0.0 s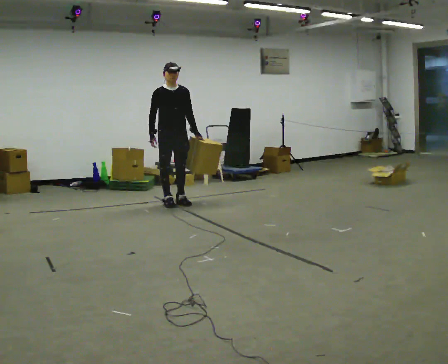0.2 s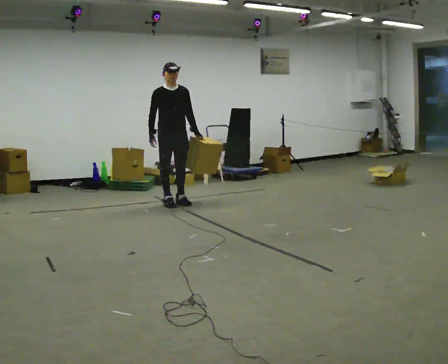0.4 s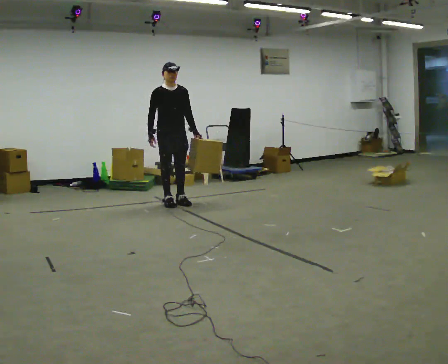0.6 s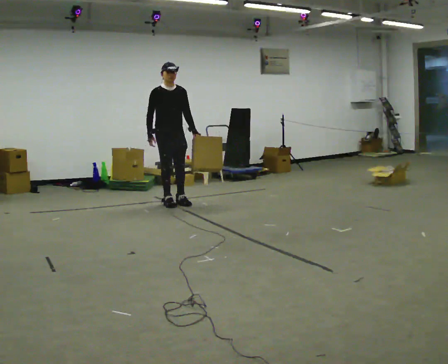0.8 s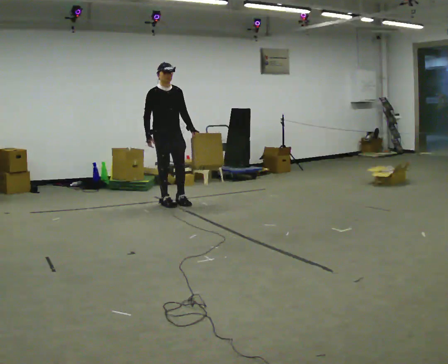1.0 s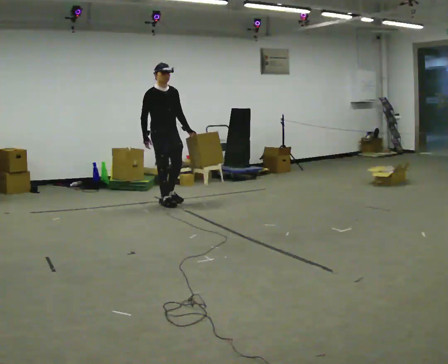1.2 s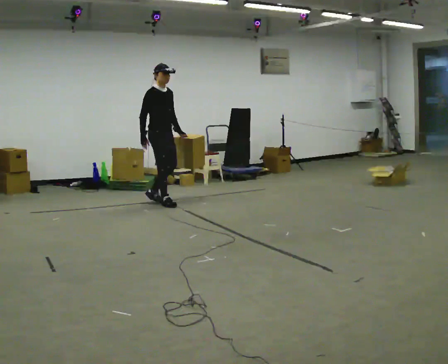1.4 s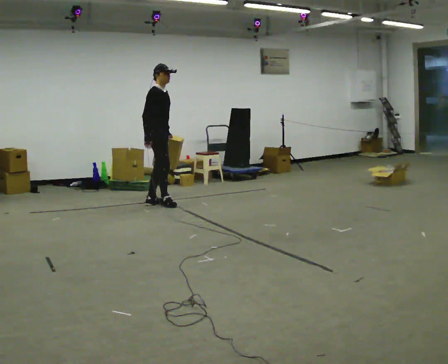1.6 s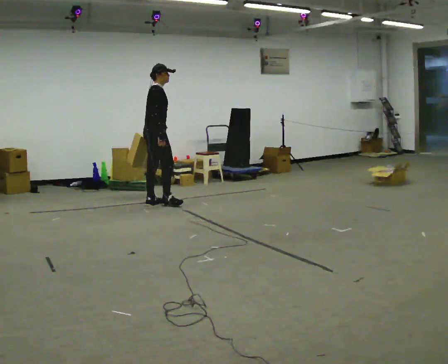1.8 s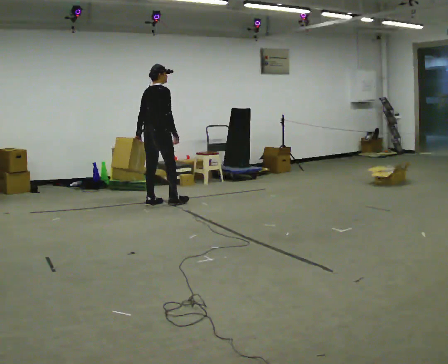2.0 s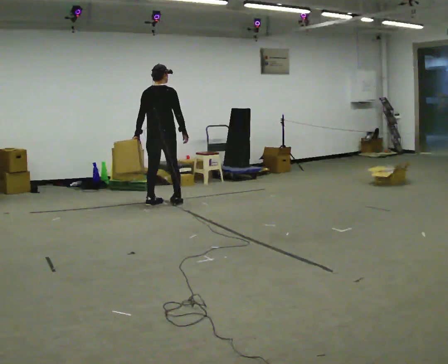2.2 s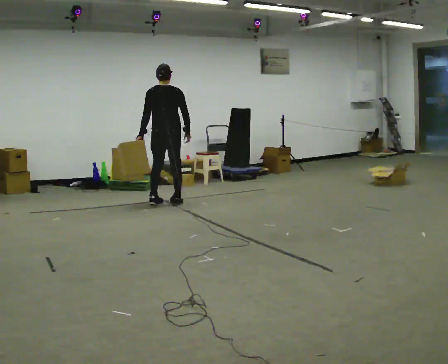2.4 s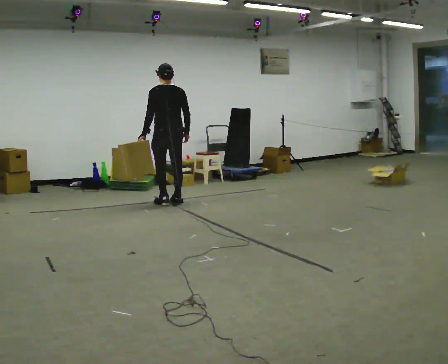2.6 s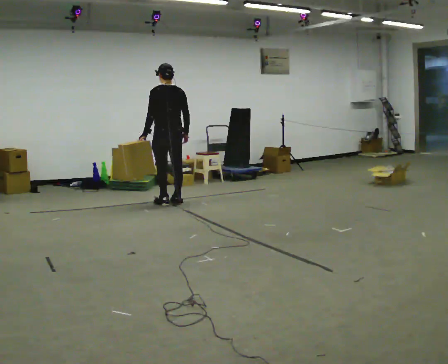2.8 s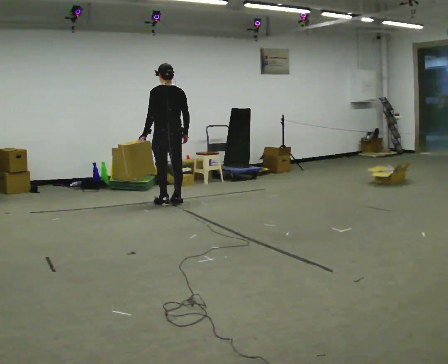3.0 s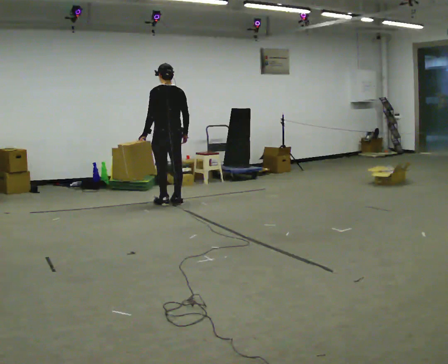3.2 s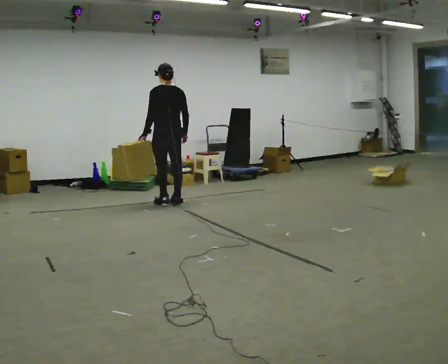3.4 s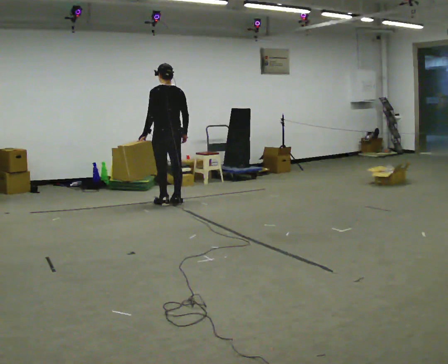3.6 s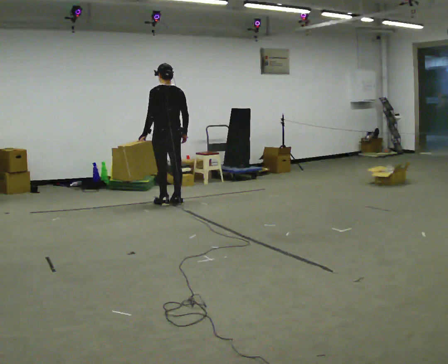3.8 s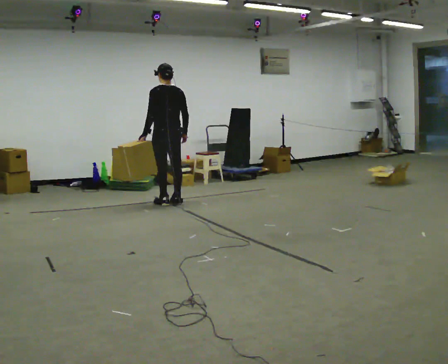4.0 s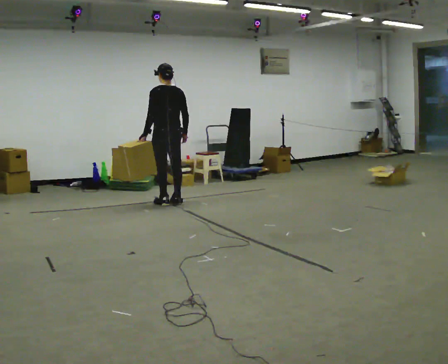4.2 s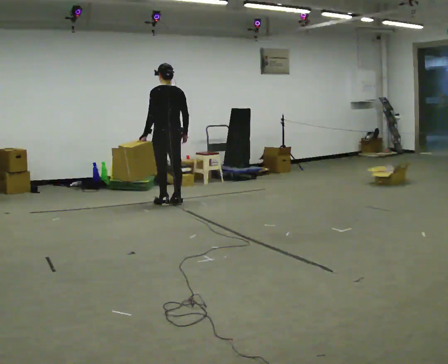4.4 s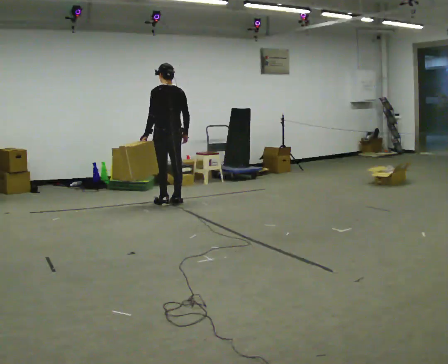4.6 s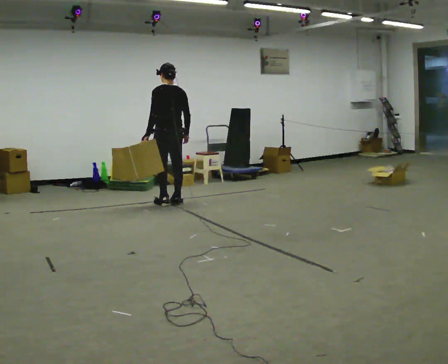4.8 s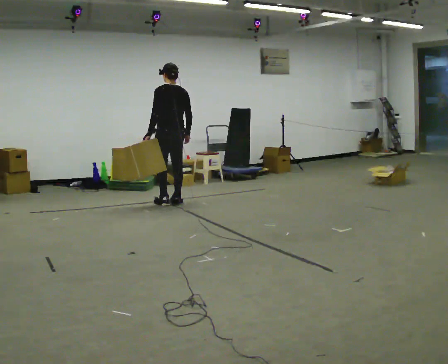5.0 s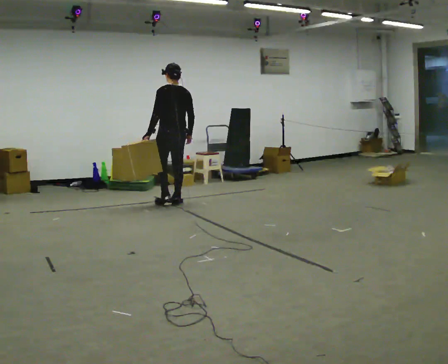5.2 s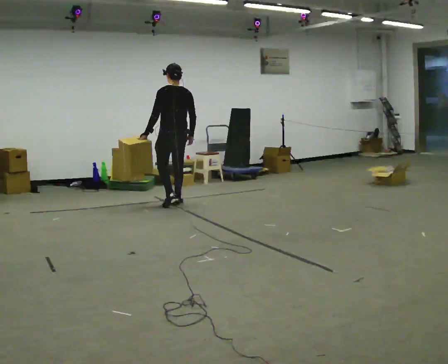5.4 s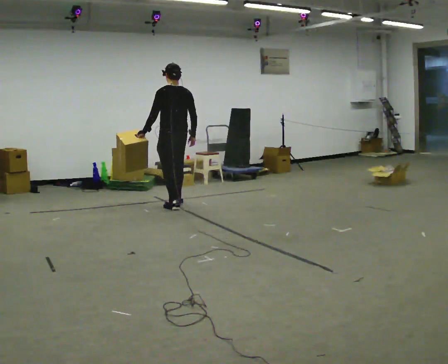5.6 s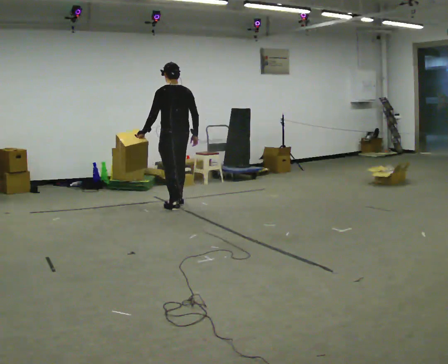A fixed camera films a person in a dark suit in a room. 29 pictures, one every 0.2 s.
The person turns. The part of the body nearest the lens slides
to the right.
Their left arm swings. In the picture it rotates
clockwise.
0.0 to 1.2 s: The person turns about 30 degrees to their left, counterclockwise seen from above, so the part of the body nearest the lens slides to the right.
1.2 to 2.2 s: The part of the body nearest the lens slides to the right as the person turns to their left by about 120 degrees. In the picture their left hand goes to the left, the arm swinging clockwise.
2.2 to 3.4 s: The person turns about 30 degrees to their left, counterclockwise seen from above, so the part of the body nearest the lens slides to the right.
3.4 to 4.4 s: The person moves a little, or ends about where they began.
4.4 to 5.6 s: In the picture they go toward the camera, about 0.25 m in 2 steps, which for them is backward.
The film runs backward here.
